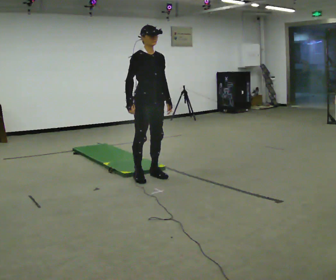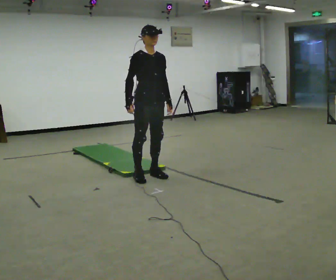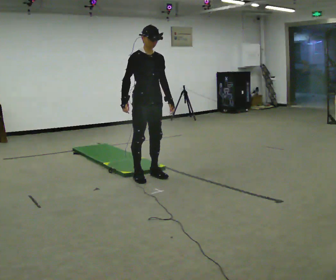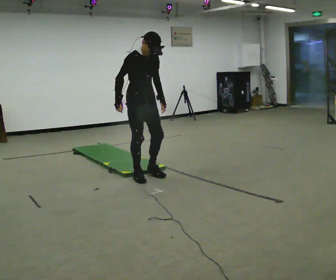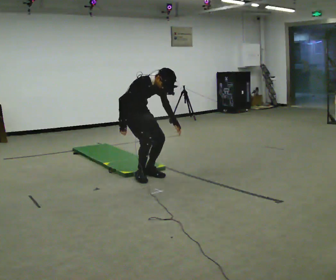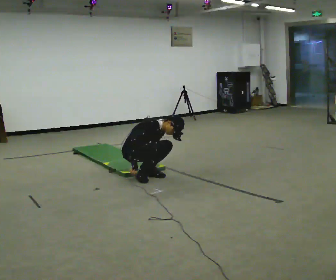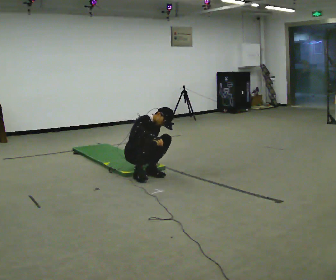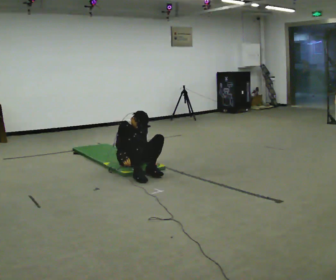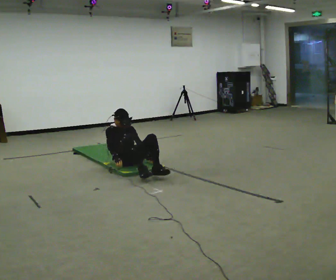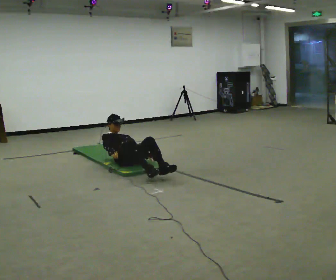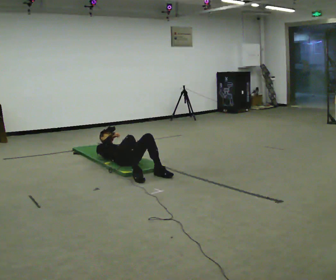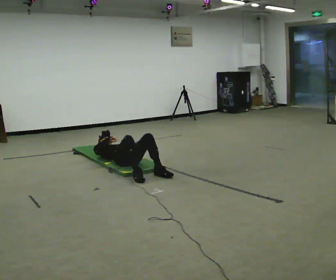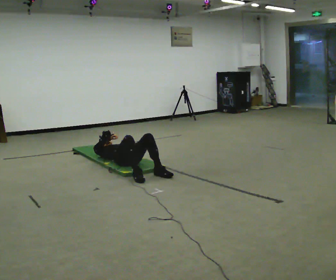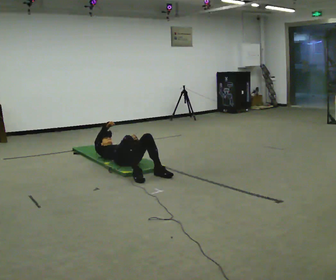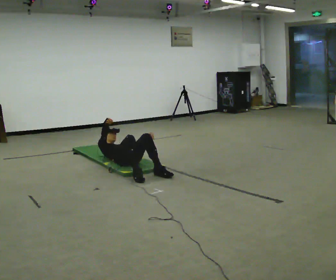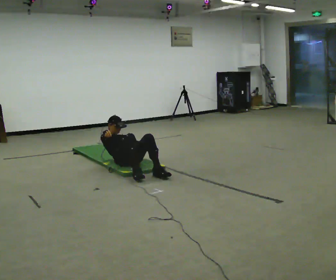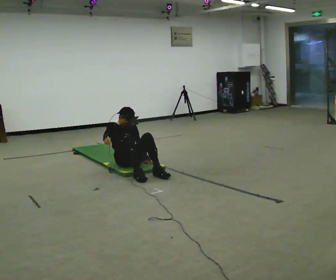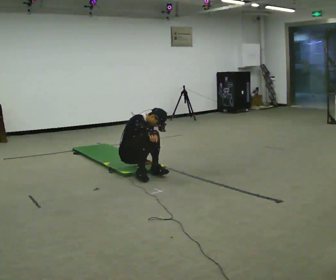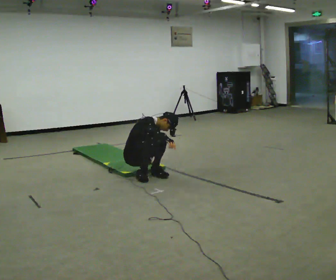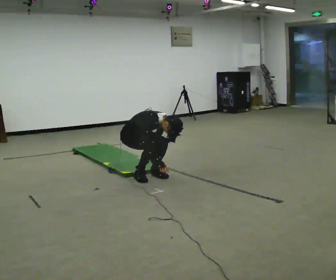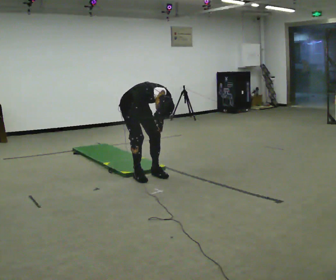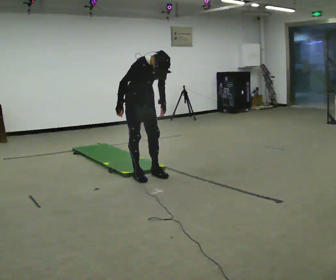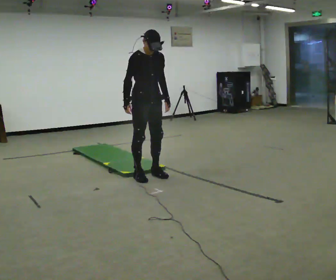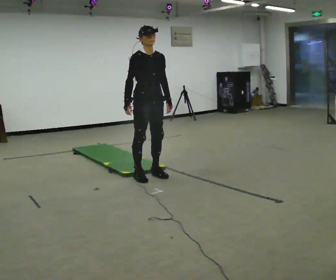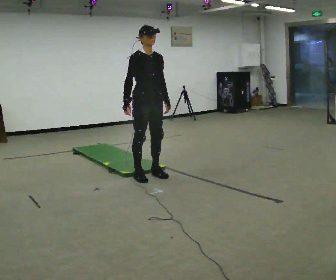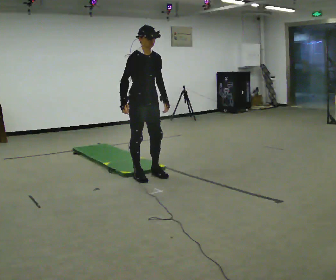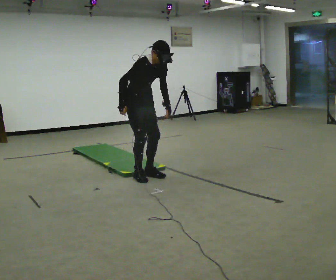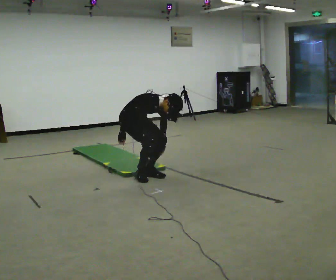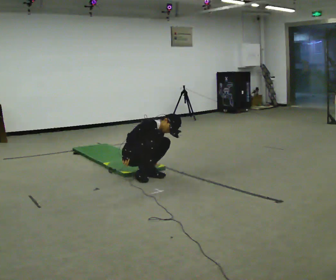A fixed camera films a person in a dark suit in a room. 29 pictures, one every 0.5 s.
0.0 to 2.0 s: In the picture they go away from the camera, about 0.25 m, which for them is backward. The shoulders move downward. The upper body tips toward the camera, its near side rolling downward, as they bend forward.
2.0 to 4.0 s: In the picture they go away from the camera, about 0.5 m in 1 step, which for them is backward and to their left. The shoulders move downward. In the picture their right hand goes downward.
4.0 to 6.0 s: The shoulders move downward. The upper body tips away from the camera, its near side rolling upward, as they lean back or straighten.
6.0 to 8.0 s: The upper body goes upward. The upper body tips toward the camera, its near side rolling downward, as they bend forward.
8.0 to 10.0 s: In the picture they go toward the camera, about 0.25 m, which for them is forward and to their right. The shoulders move upward. The upper body tips toward the camera, its near side rolling downward, as they bend forward.
10.0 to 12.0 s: In the picture they go toward the camera, about 0.25 m, which for them is forward. The shoulders move upward. The upper body tips away from the camera, its near side rolling upward, as they lean back or straighten. In the picture their left hand goes upward.
12.0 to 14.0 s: In the picture they go away from the camera and to the left, about 0.25 m, which for them is backward. The shoulders move downward. In the picture their right hand goes downward.
The film runs backward here.
